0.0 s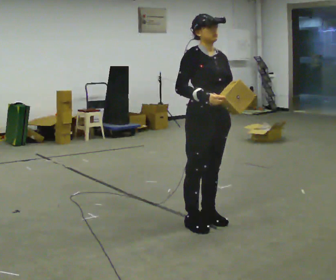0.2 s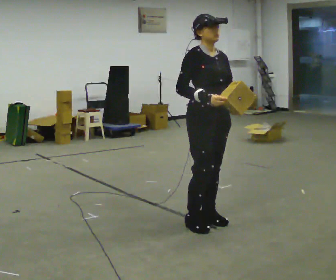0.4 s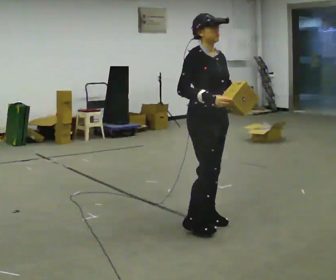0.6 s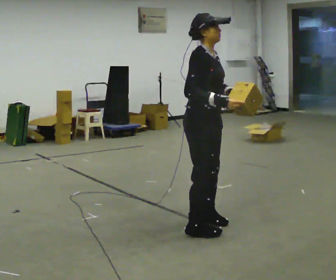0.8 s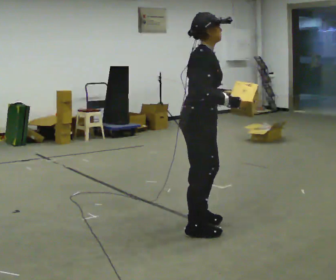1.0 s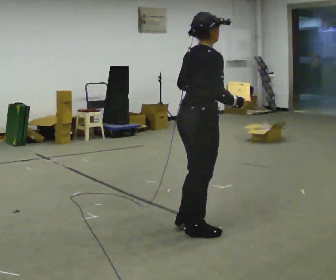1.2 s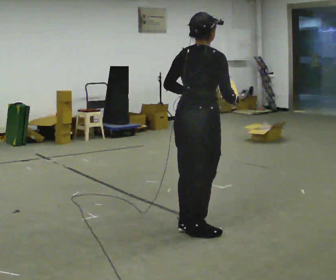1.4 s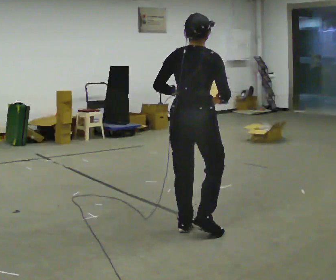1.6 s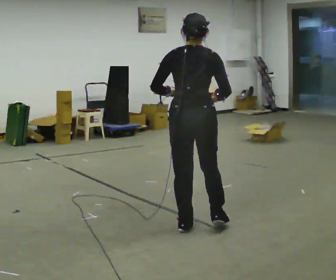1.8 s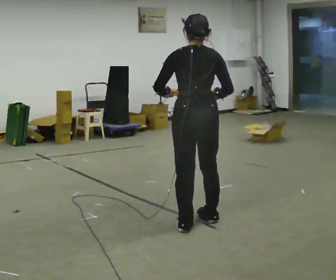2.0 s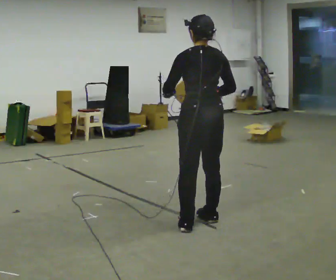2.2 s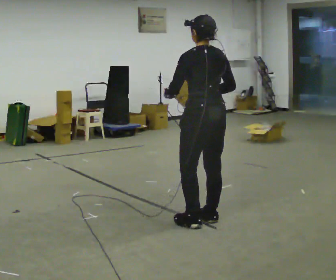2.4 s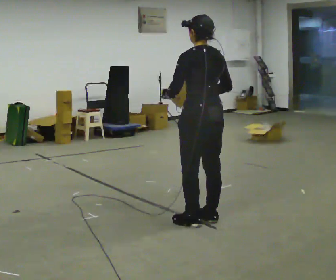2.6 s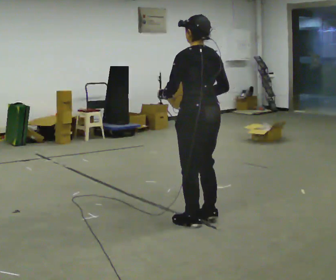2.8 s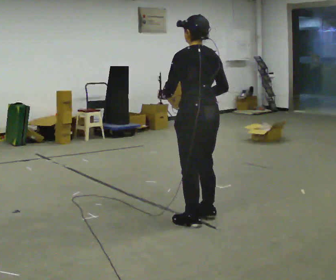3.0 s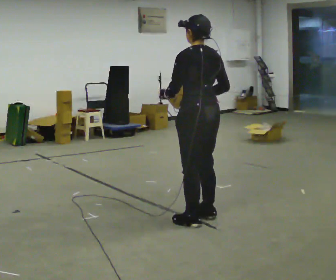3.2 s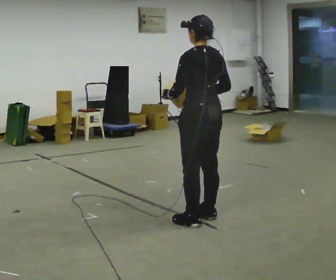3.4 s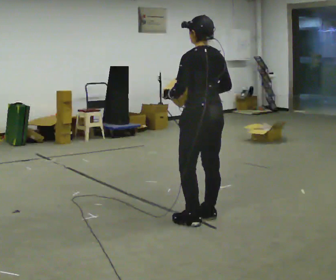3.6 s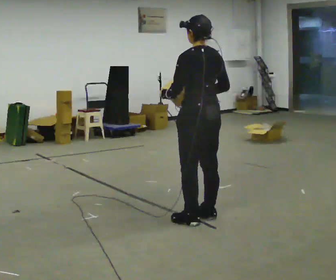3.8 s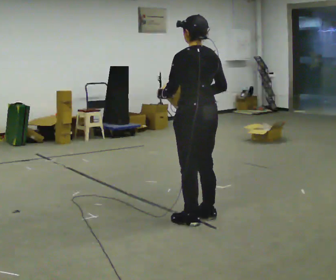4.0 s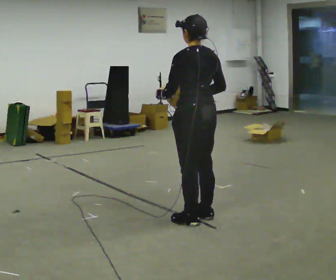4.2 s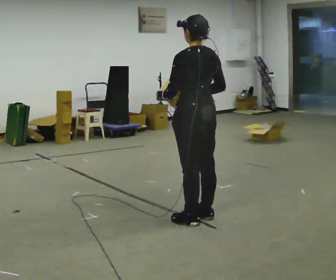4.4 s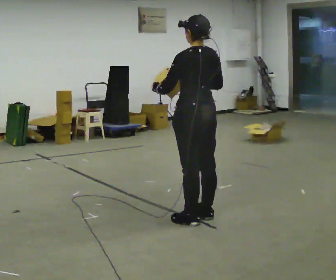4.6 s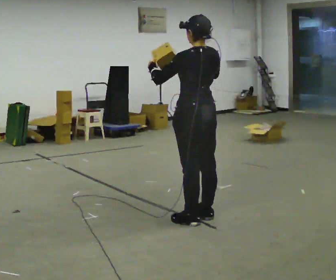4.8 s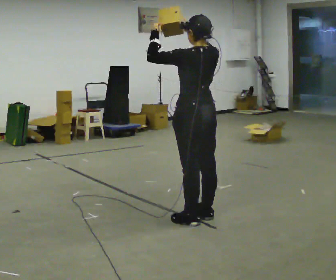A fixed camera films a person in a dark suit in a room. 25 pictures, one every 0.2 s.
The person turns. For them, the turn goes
to their left.
The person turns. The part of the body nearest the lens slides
to the right.
0.0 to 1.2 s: The part of the body nearest the lens slides to the right as the person turns to their left by about 105 degrees. In the picture they go toward the camera, about 0.25 m in 2 steps. In the picture their left hand goes to the left.
1.2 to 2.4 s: The part of the body nearest the lens slides to the right as the person turns to their left by about 75 degrees. In the picture they go away from the camera, about 0.25 m in 2 steps.
2.4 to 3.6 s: The person moves a little, or ends about where they began.
3.6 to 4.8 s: In the picture their right hand goes upward.
The film runs forward here.
